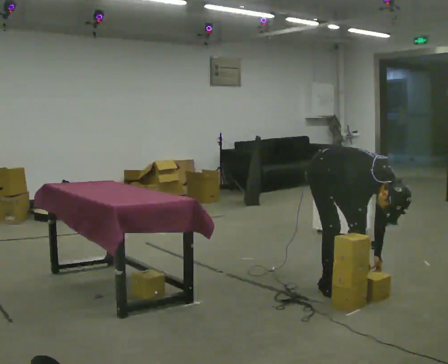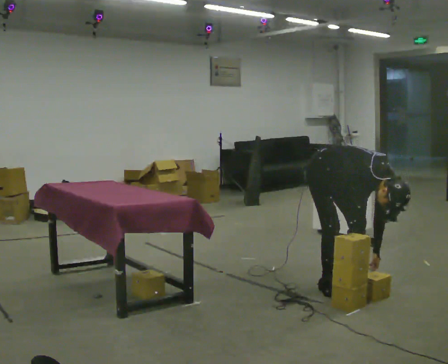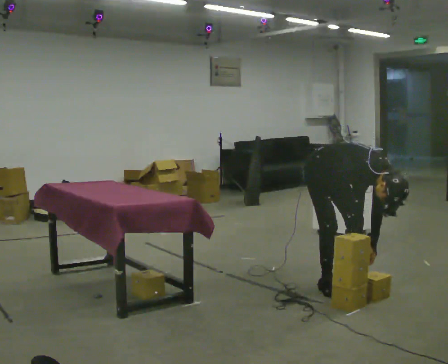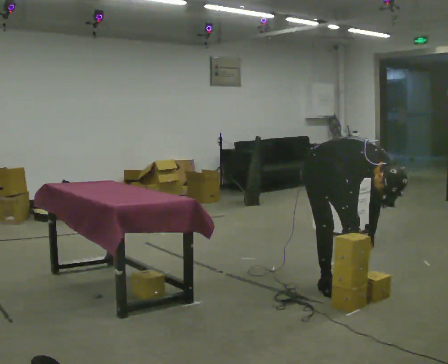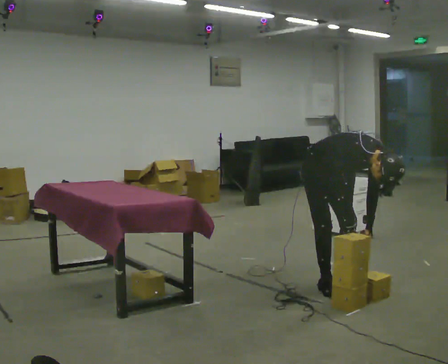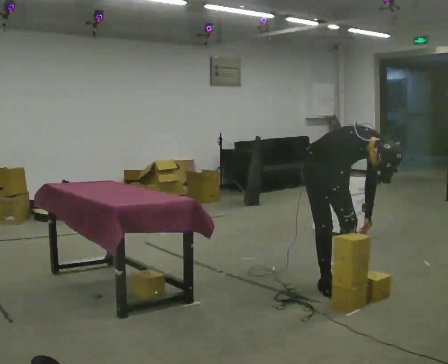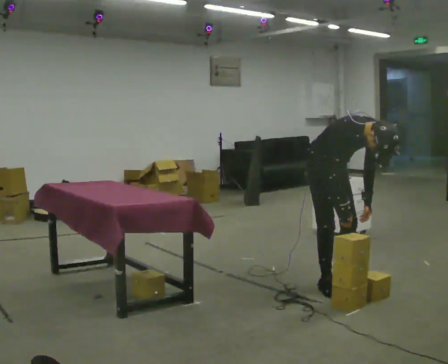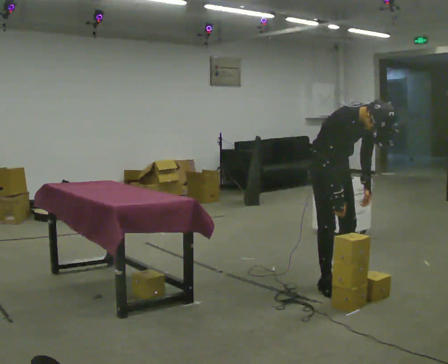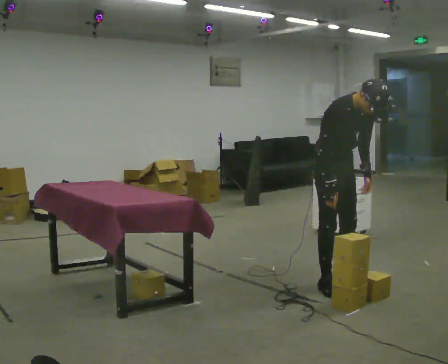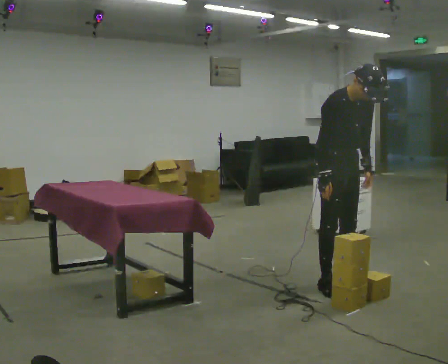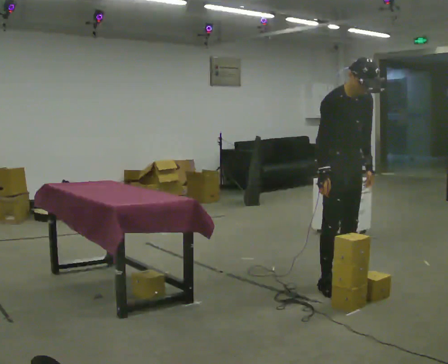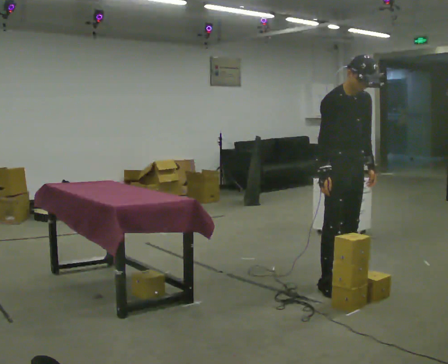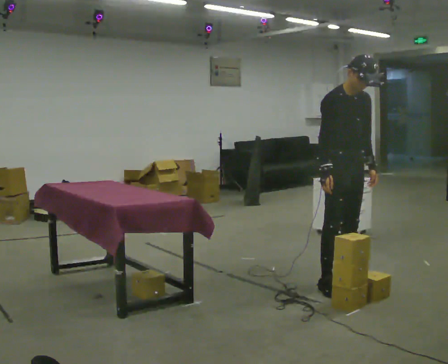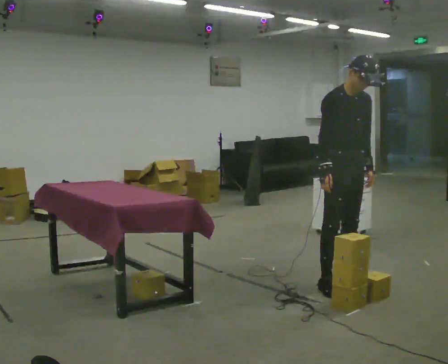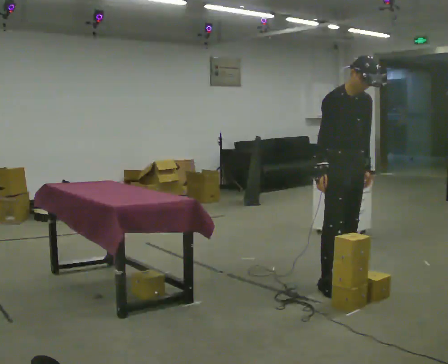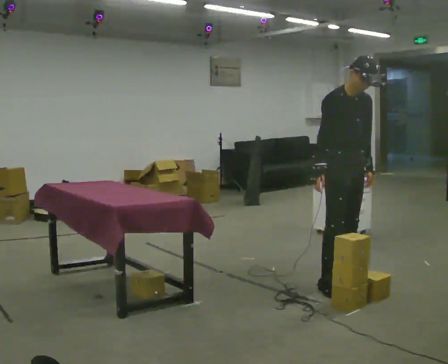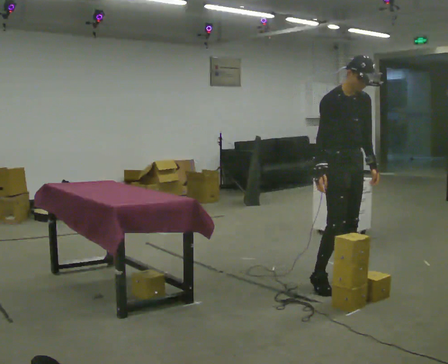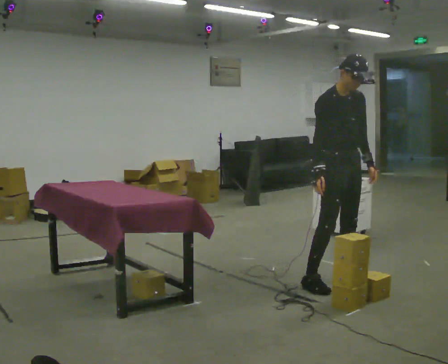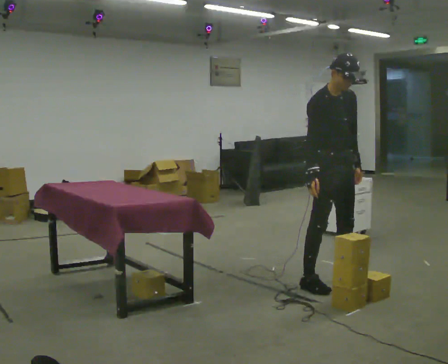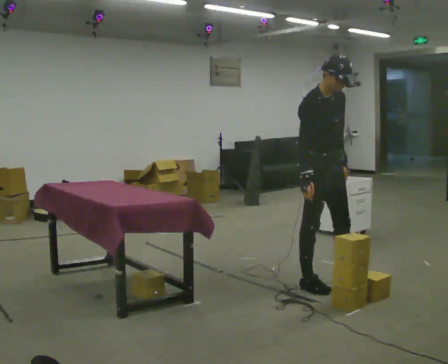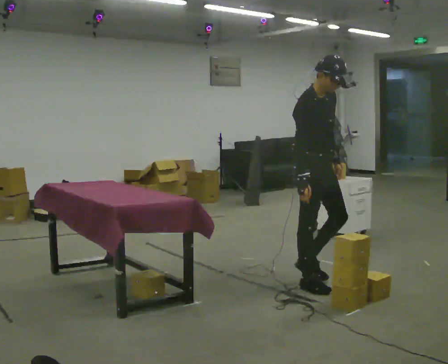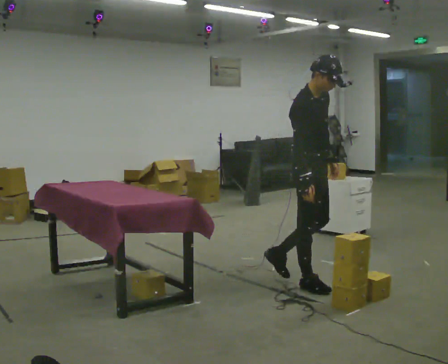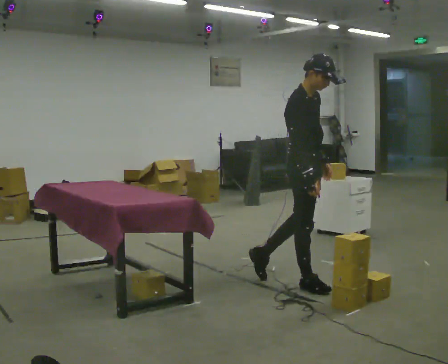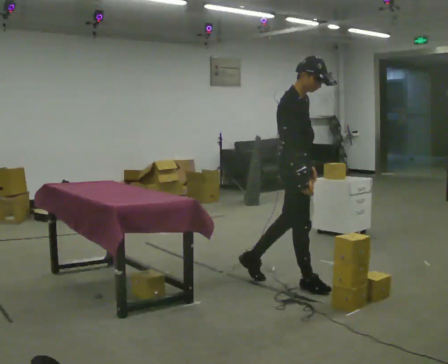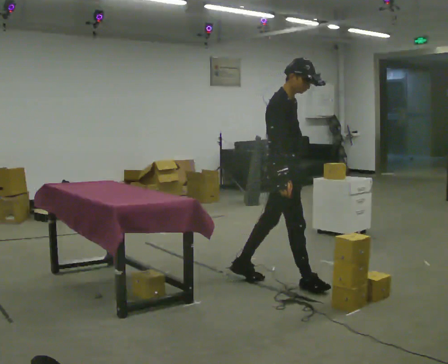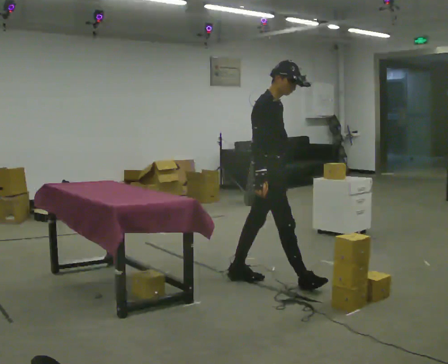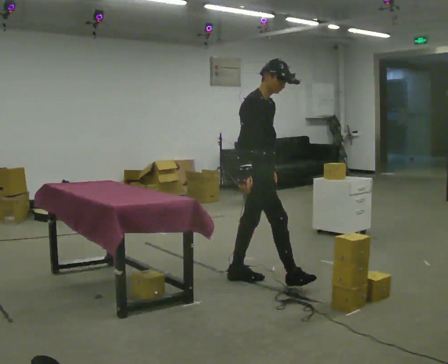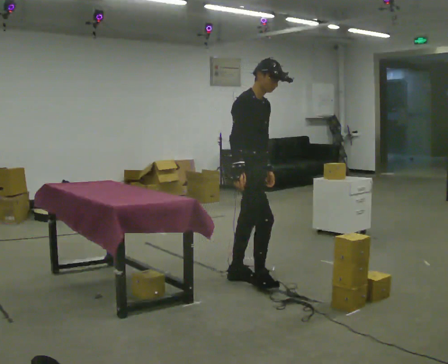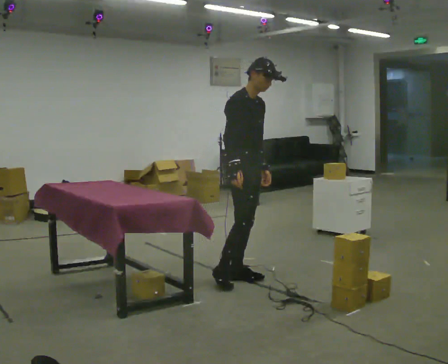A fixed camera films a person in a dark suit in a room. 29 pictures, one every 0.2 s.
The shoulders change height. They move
upward.
0.0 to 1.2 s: The shoulders move upward. In the picture the upper body tilts counterclockwise, shoulders to the left, as they lean back or straighten. In the picture their left hand goes upward.
1.2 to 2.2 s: The shoulders move upward. In the picture the upper body tilts counterclockwise, shoulders to the left, as they lean back or straighten.
2.2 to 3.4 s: The person moves a little, or ends about where they began.
3.4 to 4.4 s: Seen from above the body turns counterclockwise, about 30 degrees: to their left, with its near side sliding to the right. In the picture they go to the left, about 0.25 m in 1 step, which for them is backward and to their right.
4.4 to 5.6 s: In the picture they go to the left, about 0.5 m in 1 step, which for them is backward.
The film runs backward here.
